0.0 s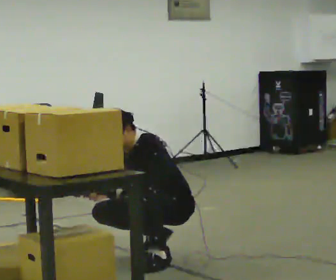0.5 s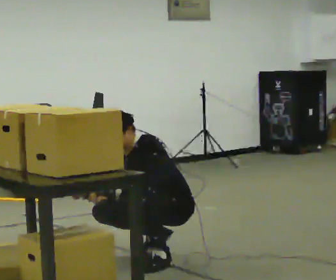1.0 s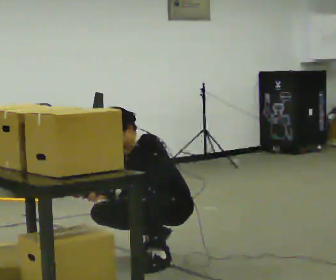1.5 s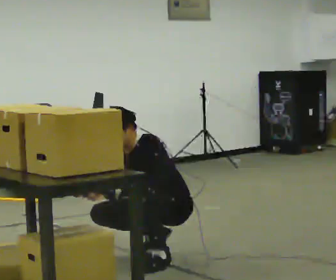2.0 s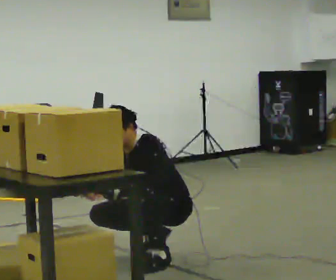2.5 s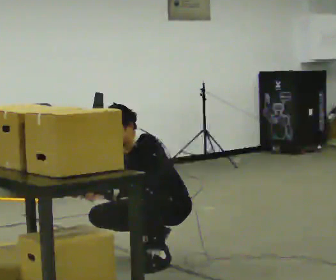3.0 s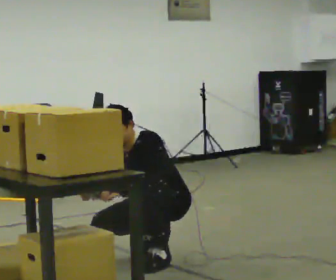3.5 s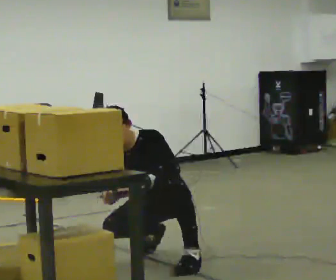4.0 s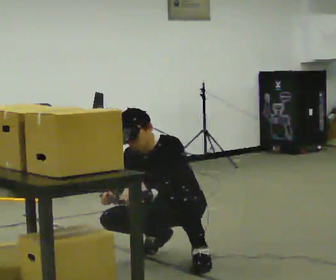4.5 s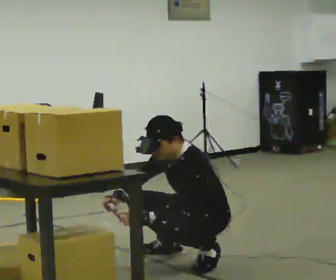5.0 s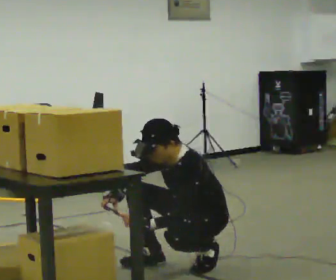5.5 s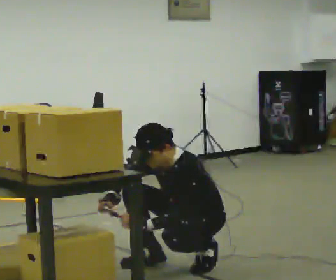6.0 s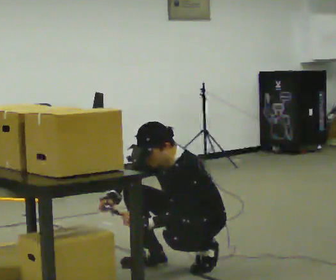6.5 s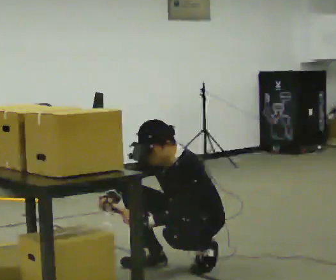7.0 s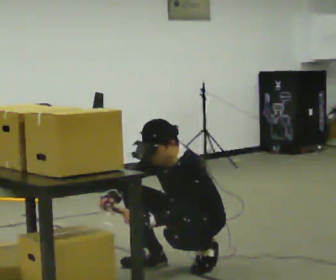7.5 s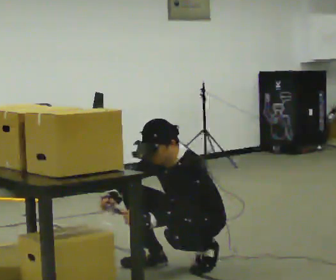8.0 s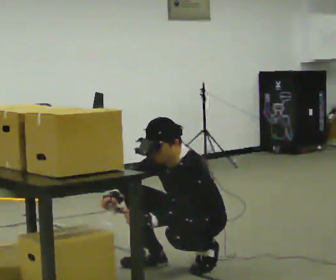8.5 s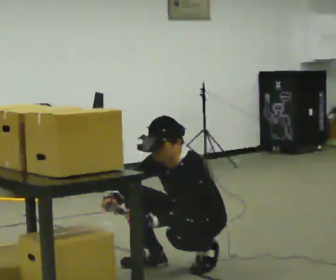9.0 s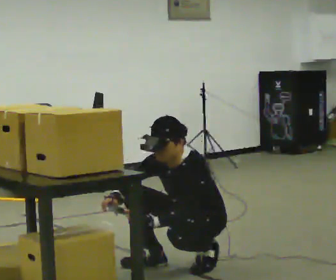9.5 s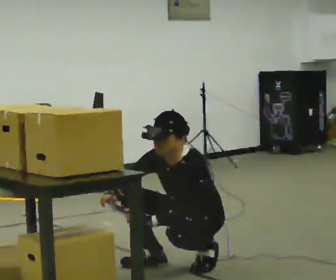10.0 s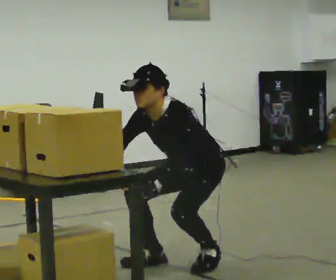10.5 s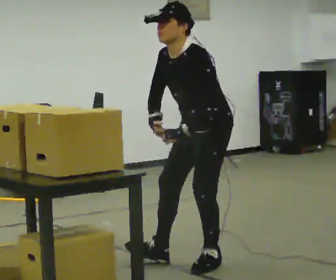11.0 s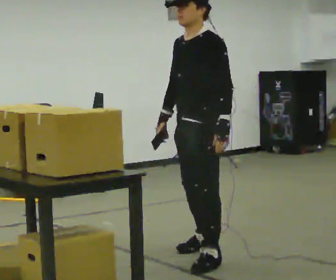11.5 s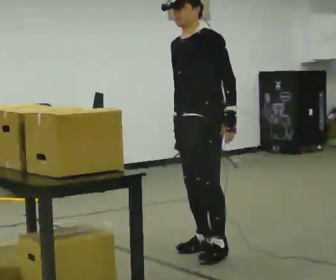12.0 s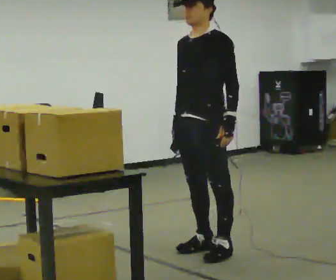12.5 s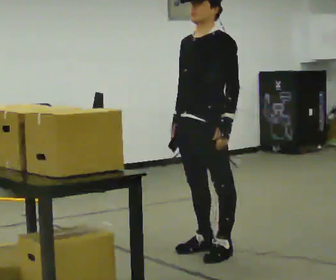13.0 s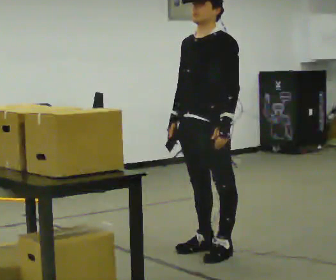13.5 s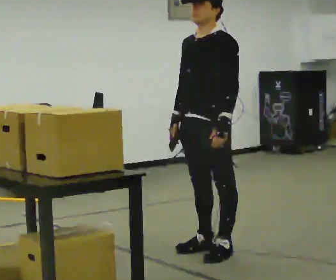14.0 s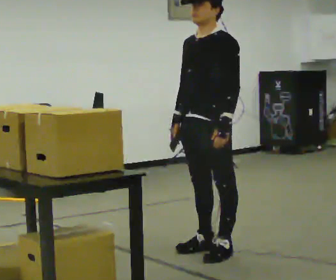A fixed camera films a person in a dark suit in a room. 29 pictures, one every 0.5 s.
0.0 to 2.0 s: The person keeps their place and pose.
2.0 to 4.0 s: The person moves a little, or ends about where they began.
4.0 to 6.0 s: In the picture they go toward the camera and to the right, about 0.25 m in 1 step, which for them is to their left.
6.0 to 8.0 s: The person keeps their place and pose.
8.0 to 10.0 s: The shoulders move upward.
10.0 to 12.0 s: In the picture they go away from the camera, about 0.25 m in 2 steps, which for them is to their right. The shoulders move upward. The upper body tips away from the camera, its near side rolling upward, as they lean back or straighten. In the picture their right hand goes to the right.
12.0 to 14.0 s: The person moves a little, or ends about where they began.
The film runs forward here.
